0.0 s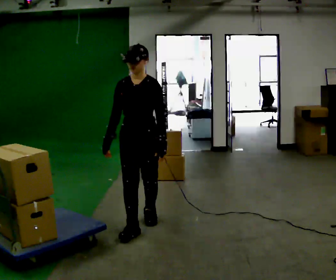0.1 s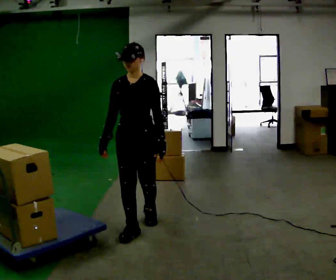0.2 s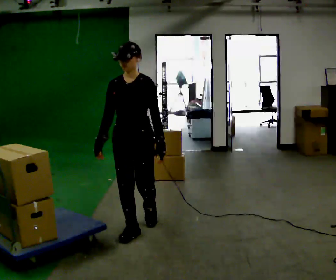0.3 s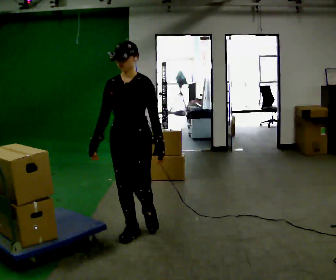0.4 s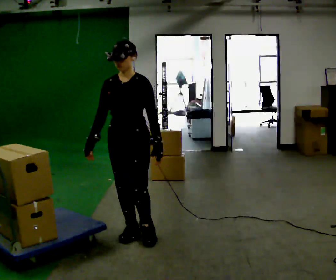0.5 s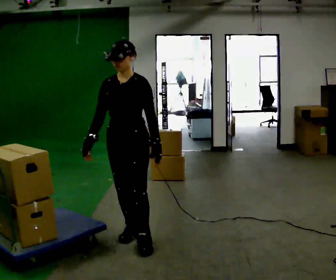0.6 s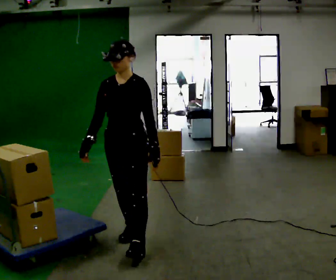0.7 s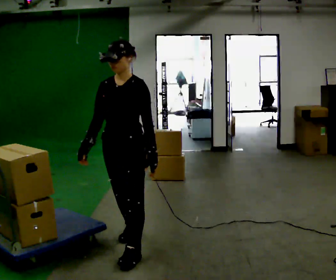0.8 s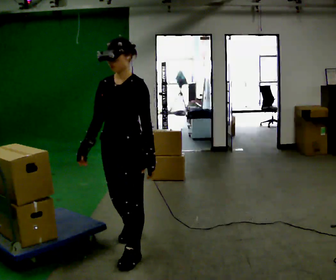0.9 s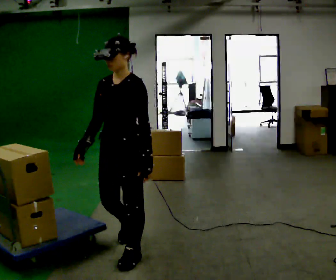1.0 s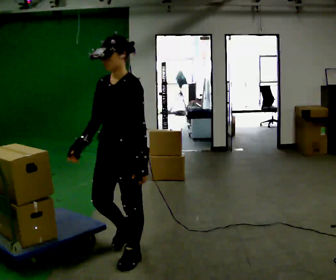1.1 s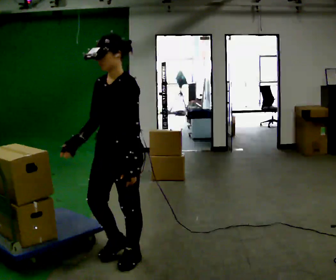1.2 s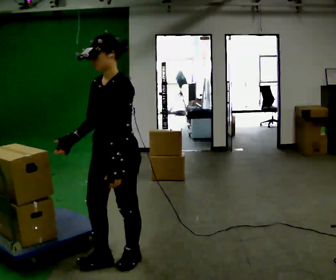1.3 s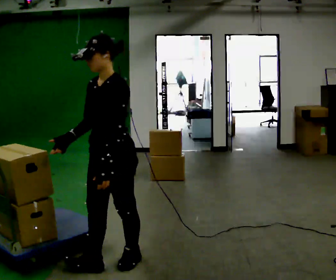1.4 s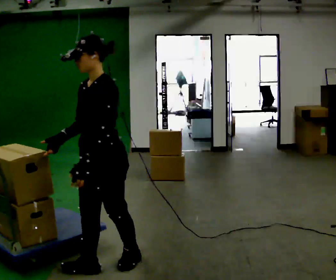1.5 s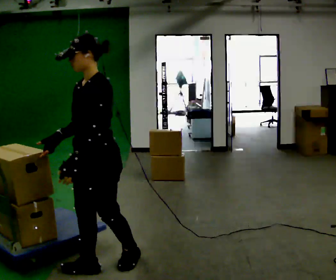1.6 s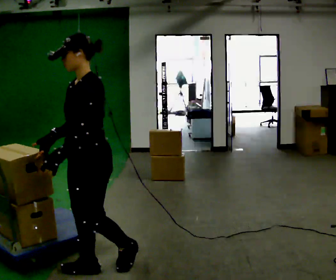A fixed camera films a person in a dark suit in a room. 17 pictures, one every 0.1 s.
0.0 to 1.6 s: Seen from above the body turns clockwise, about 45 degrees: to their right, with its near side sliding to the left. In the picture they go toward the camera and to the left, about 1 m in 2 steps, which for them is forward.
The film runs forward here.
